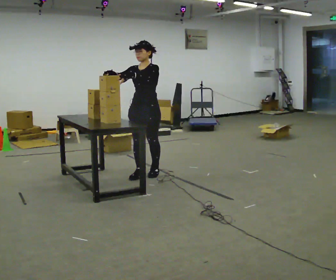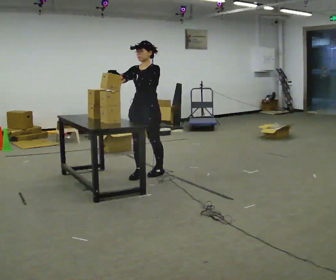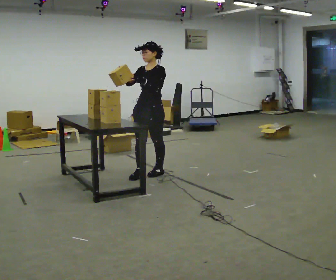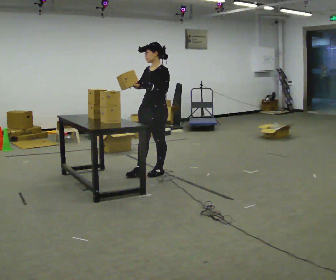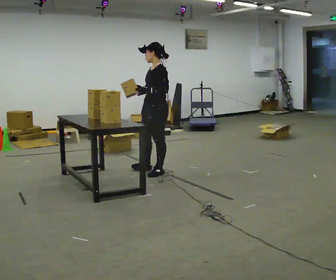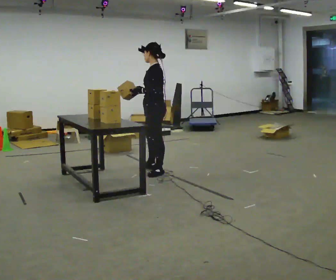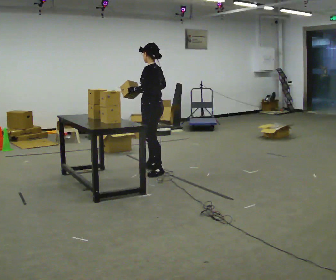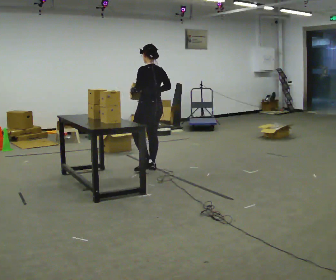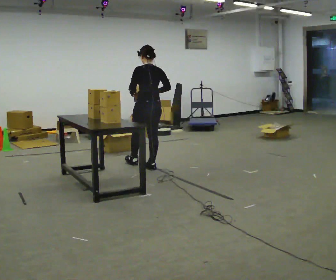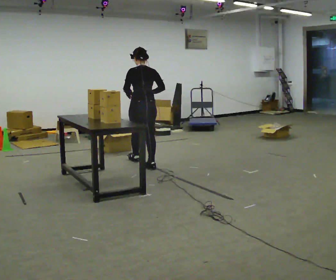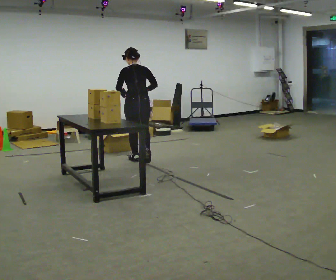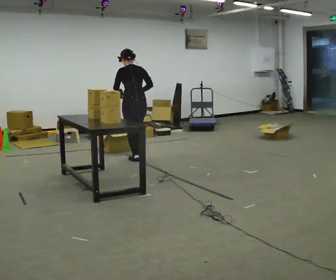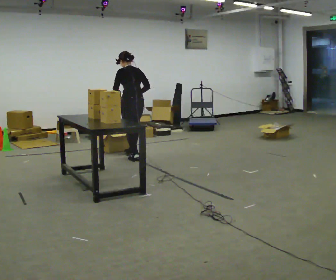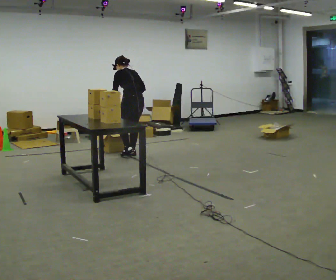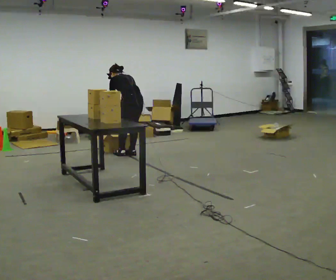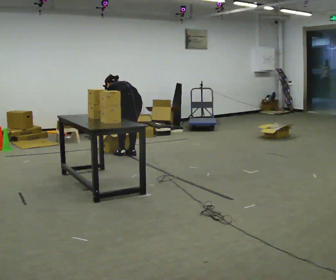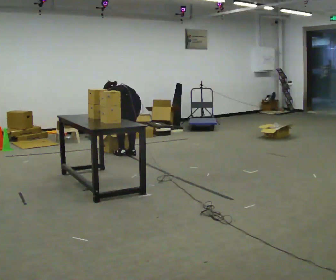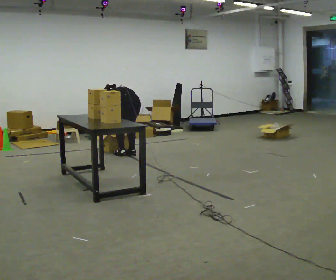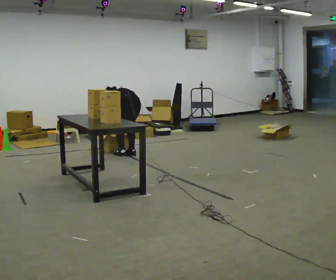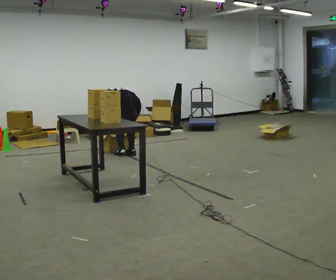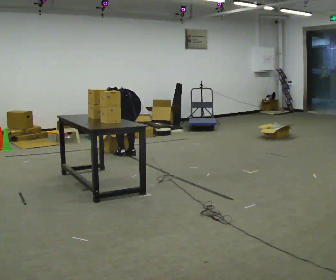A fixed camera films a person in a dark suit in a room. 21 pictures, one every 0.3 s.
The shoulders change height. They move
downward.
Their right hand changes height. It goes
downward.
0.0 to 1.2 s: Seen from above the body turns clockwise, about 45 degrees: to their right, with its near side sliding to the left. In the picture they go to the right, about 0.25 m, which for them is backward. In the picture their right hand goes to the right.
1.2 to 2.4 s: Seen from above the body turns clockwise, about 90 degrees: to their right, with its near side sliding to the left. In the picture they go away from the camera, about 0.25 m in 1 step.
2.4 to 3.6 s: In the picture they go away from the camera and to the left, about 0.5 m in 2 steps, which for them is forward.
3.6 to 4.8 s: The shoulders move downward. The upper body tips away from the camera, its near side rolling upward, as they bend forward. In the picture their left hand goes downward.
4.8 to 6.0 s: The person moves a little, or ends about where they began.
The film runs forward here.
